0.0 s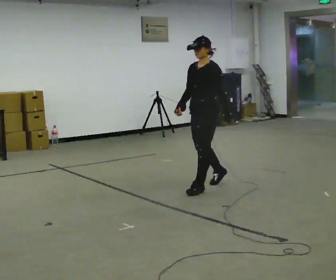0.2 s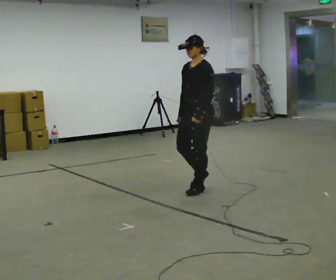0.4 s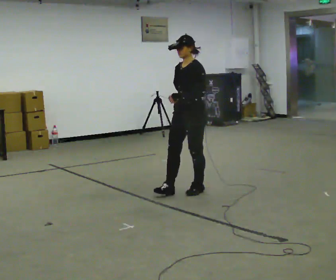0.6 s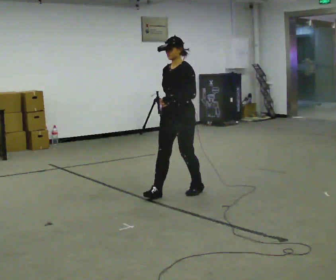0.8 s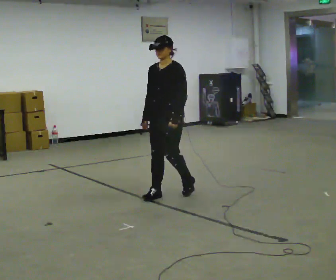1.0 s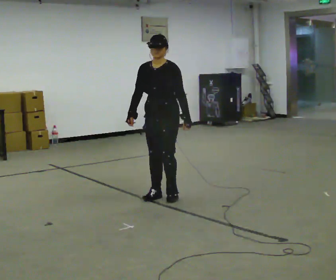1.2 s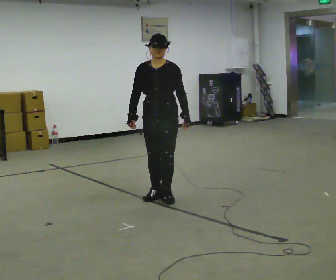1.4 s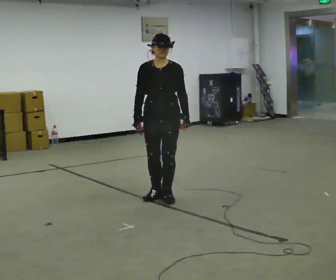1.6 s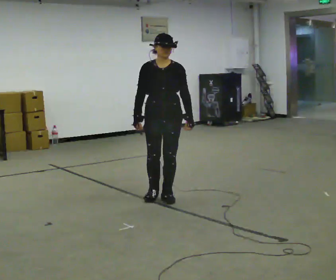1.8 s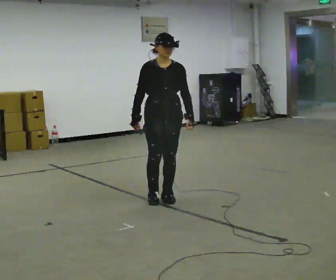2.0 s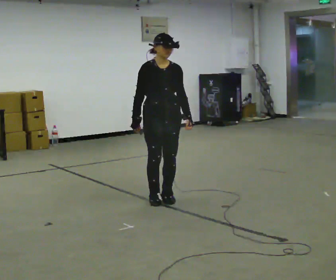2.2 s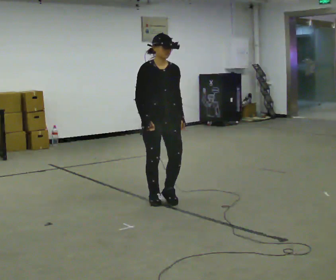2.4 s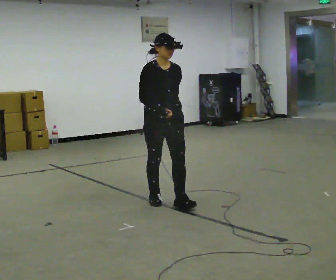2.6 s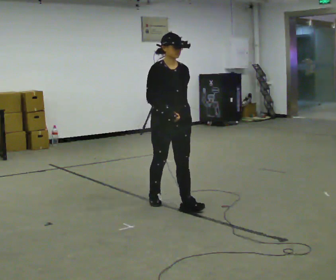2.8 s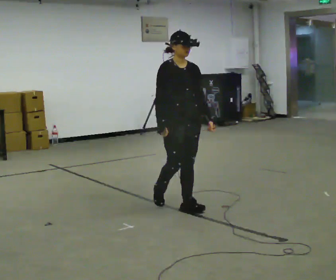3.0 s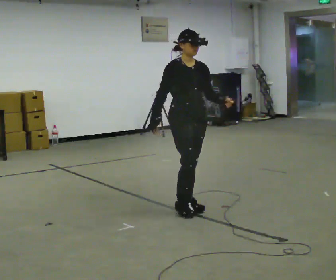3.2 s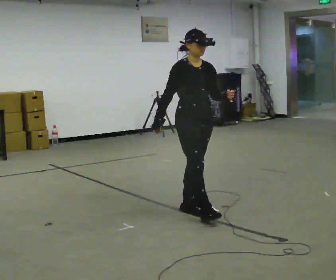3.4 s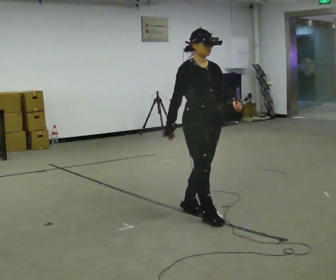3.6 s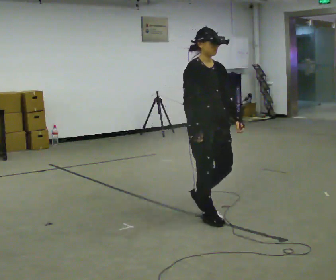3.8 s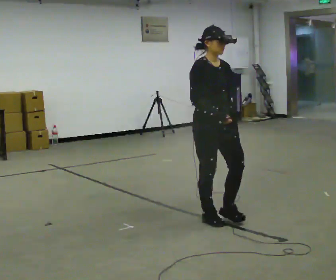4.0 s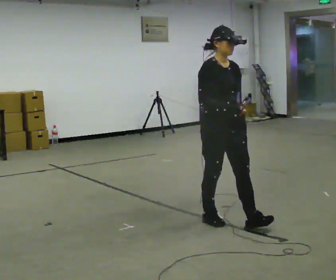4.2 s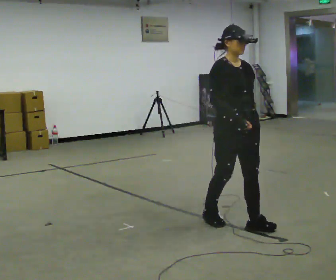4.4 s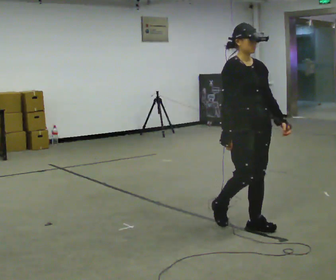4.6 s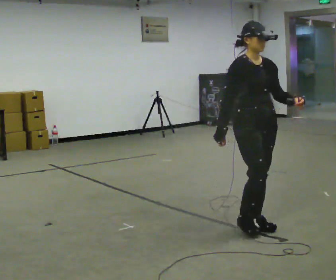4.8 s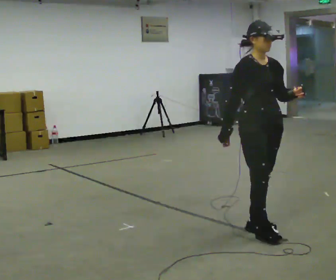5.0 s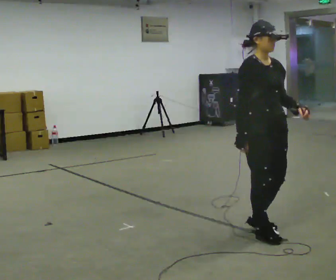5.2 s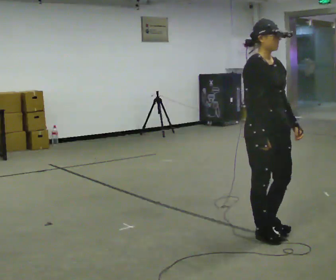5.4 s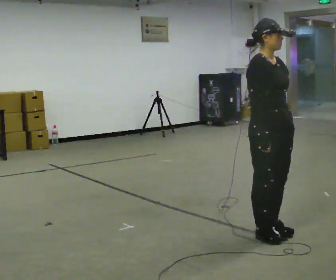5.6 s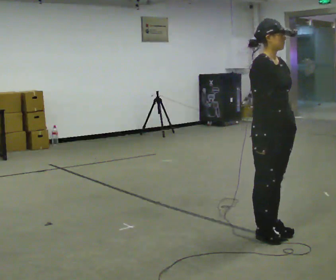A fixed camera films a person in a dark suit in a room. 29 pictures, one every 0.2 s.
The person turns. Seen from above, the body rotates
counterclockwise.
The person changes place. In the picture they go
toward the camera.
0.0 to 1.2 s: The part of the body nearest the lens slides to the right as the person turns to their left by about 45 degrees. In the picture they go to the left and toward the camera, about 0.5 m in 2 steps, which for them is forward.
1.2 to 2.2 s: The part of the body nearest the lens slides to the right as the person turns to their left by about 45 degrees. In the picture they go toward the camera, about 0.25 m, which for them is forward.
2.2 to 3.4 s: In the picture they go toward the camera and to the right, about 0.5 m in 2 steps, which for them is forward.
3.4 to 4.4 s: In the picture they go toward the camera and to the right, about 0.5 m in 1 step, which for them is forward.
4.4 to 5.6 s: In the picture they go toward the camera, about 0.25 m in 2 steps, which for them is forward.
The film runs forward here.
